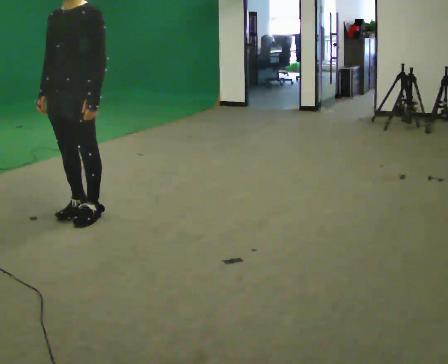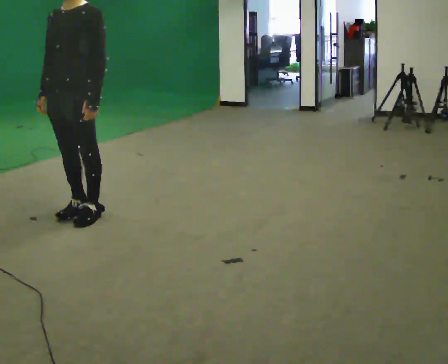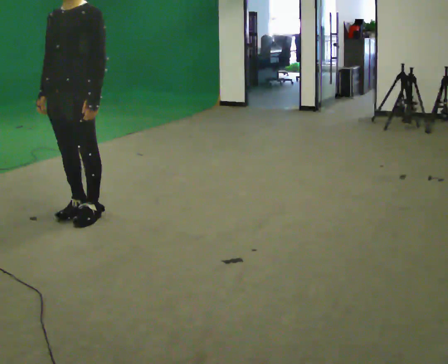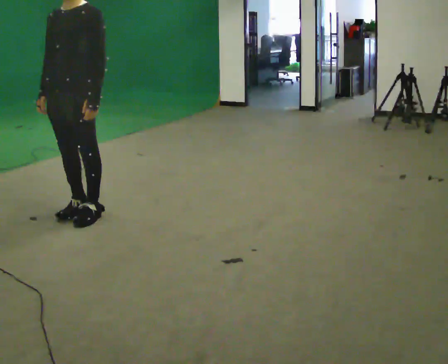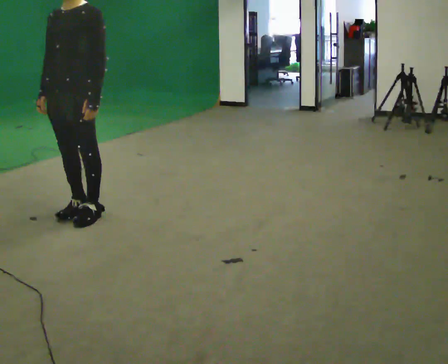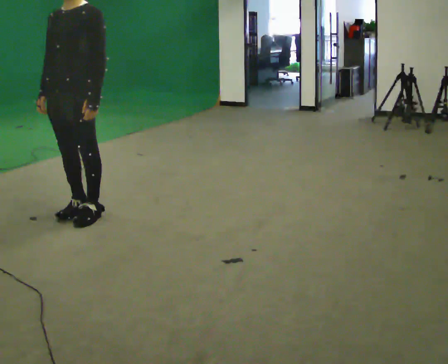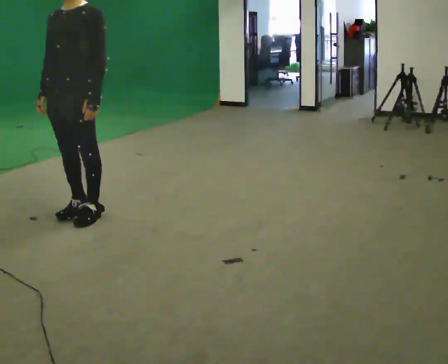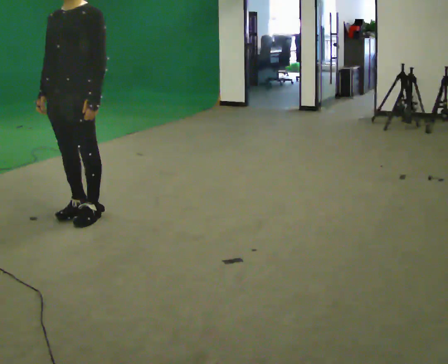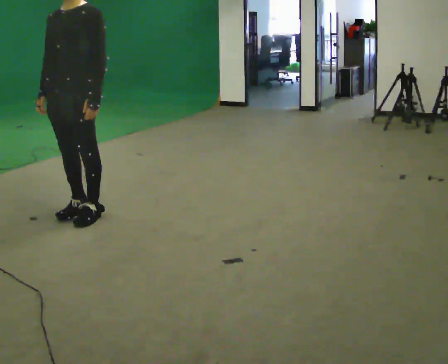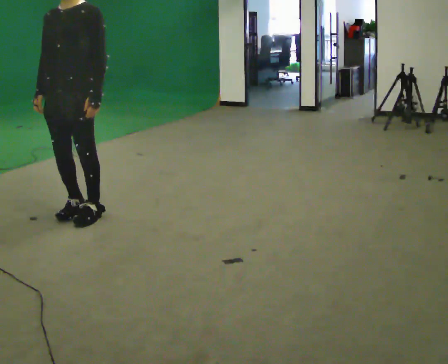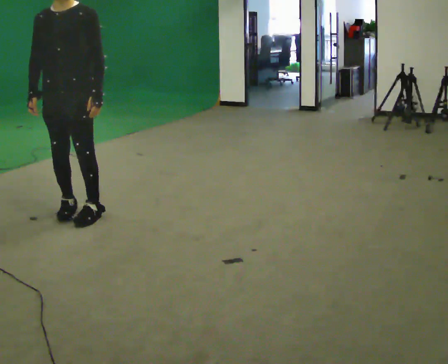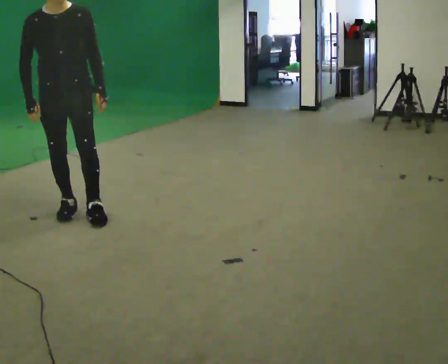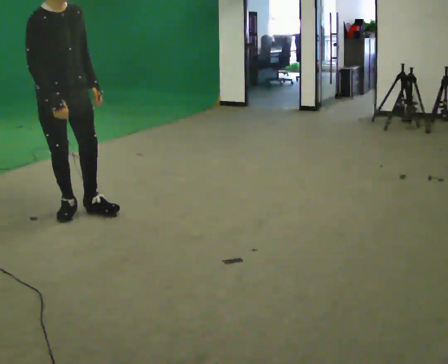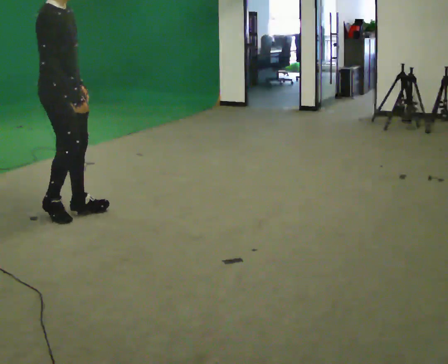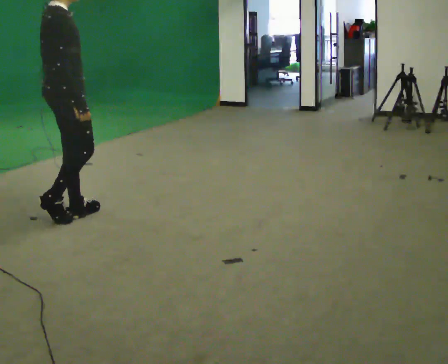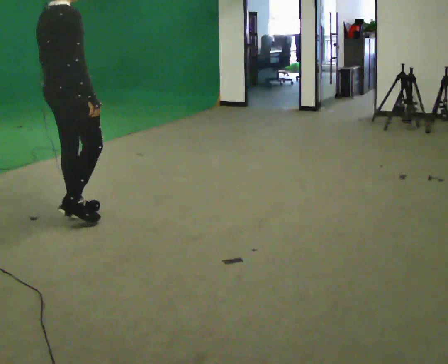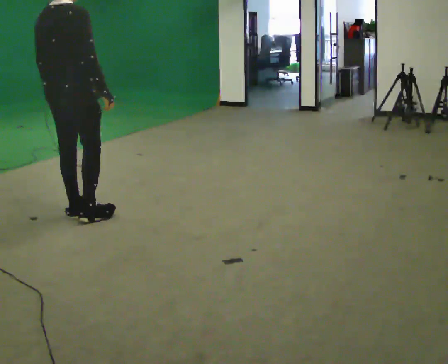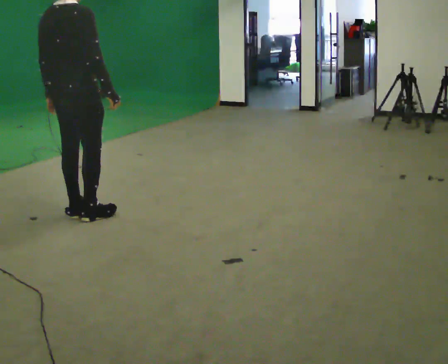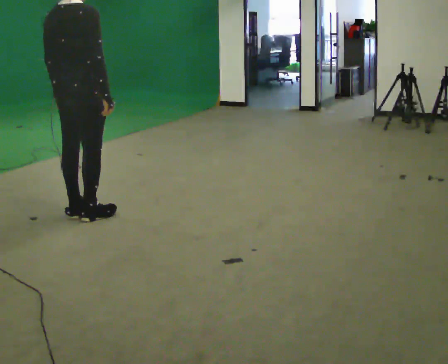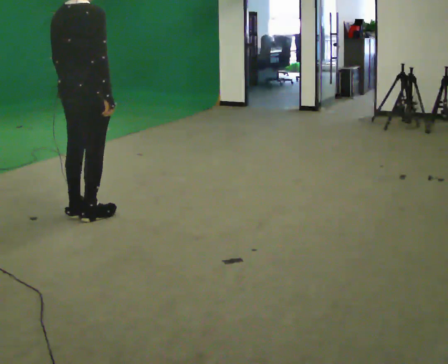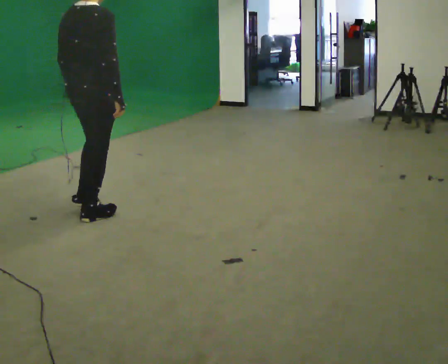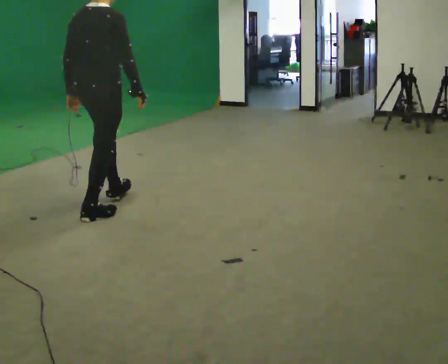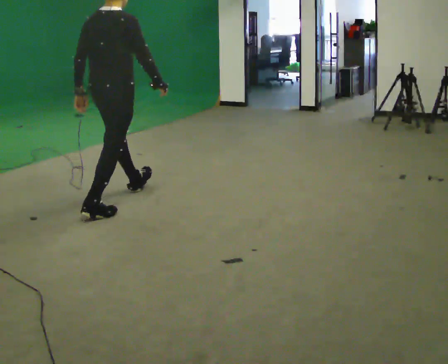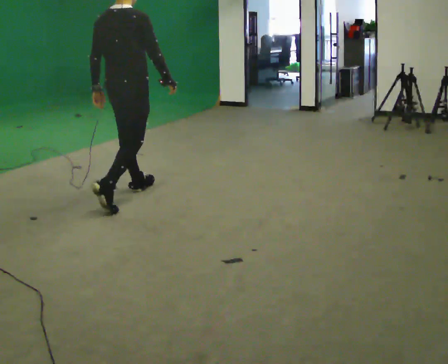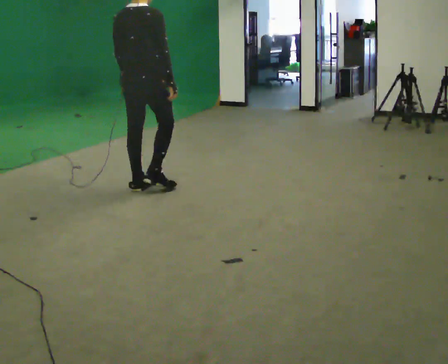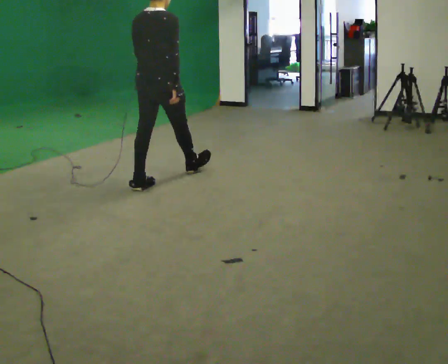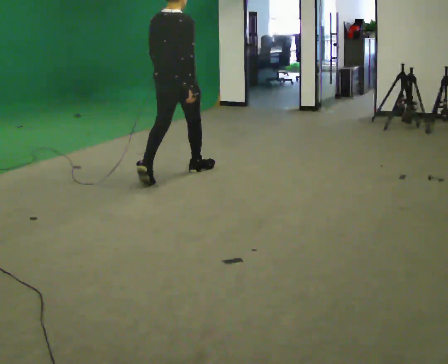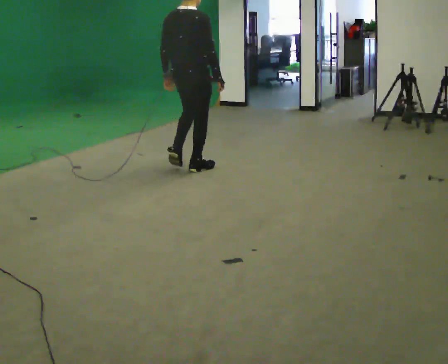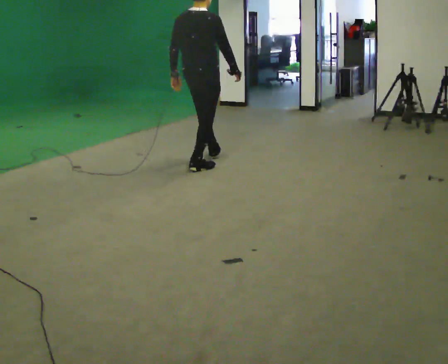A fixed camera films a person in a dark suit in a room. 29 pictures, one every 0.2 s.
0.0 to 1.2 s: The person keeps their place and pose.
1.2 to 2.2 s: The person turns about 45 degrees to their left, counterclockwise seen from above, so the part of the body nearest the lens slides to the right.
2.2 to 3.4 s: Seen from above the body turns counterclockwise, about 135 degrees: to their left, with its near side sliding to the right. In the picture their right hand goes to the right, the arm swinging counterclockwise.
3.4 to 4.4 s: In the picture they go to the right and away from the camera, about 0.25 m, which for them is forward.
4.4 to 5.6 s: In the picture they go to the right and away from the camera, about 1 m in 2 steps, which for them is forward.
The film runs forward here.
